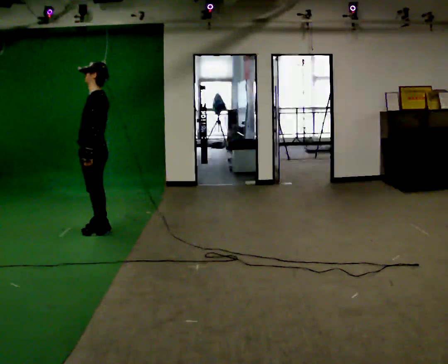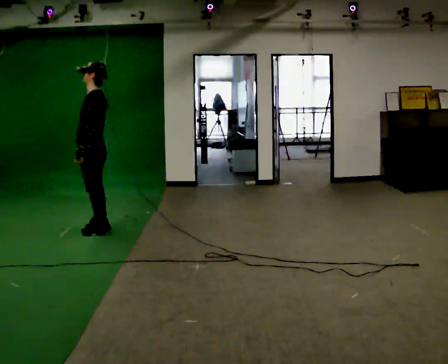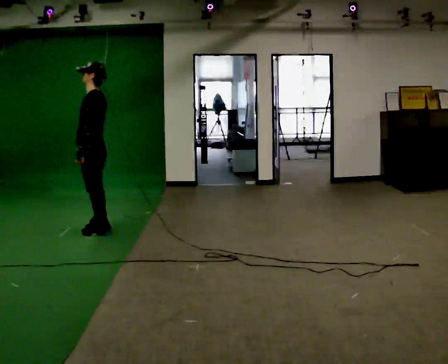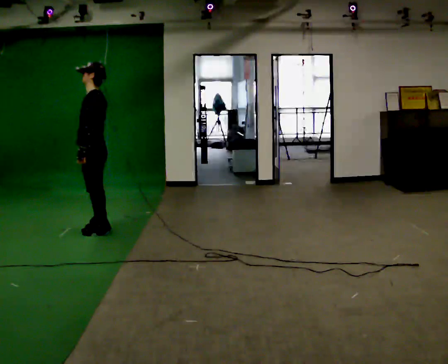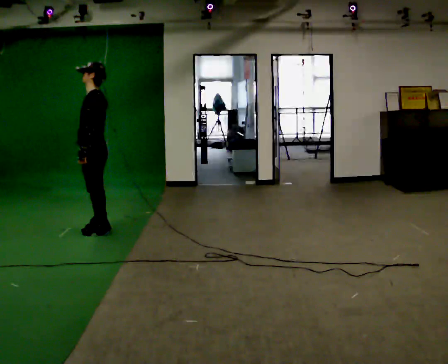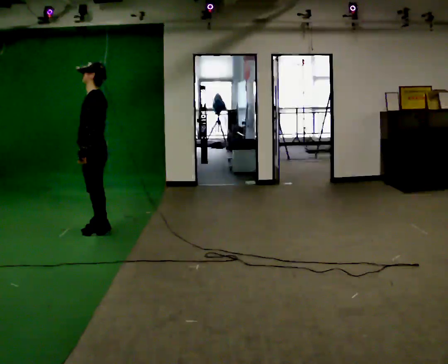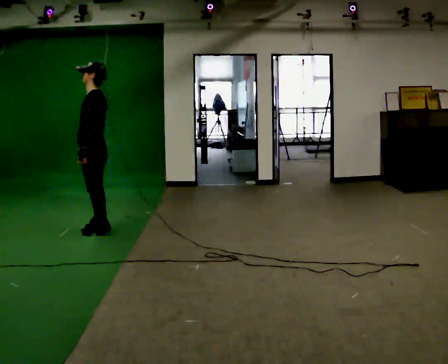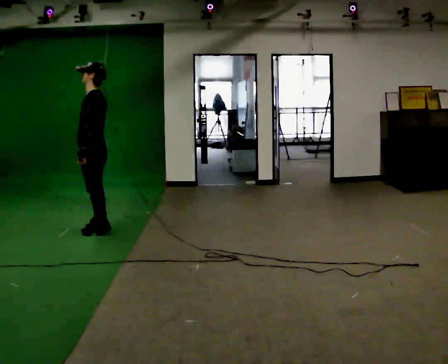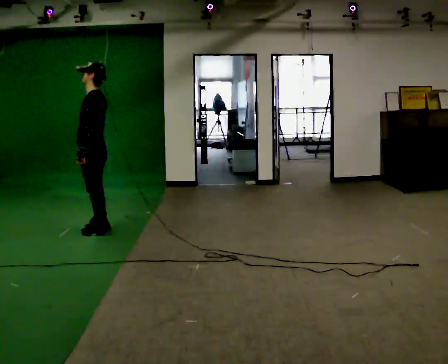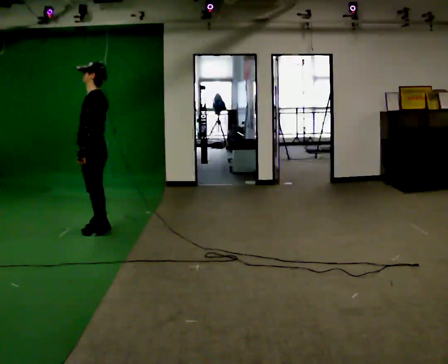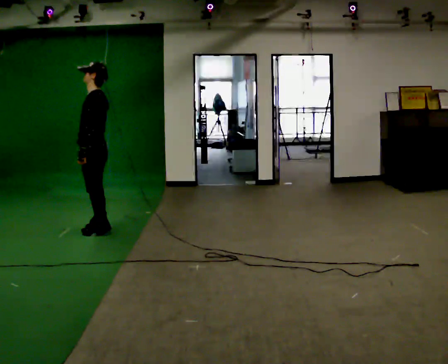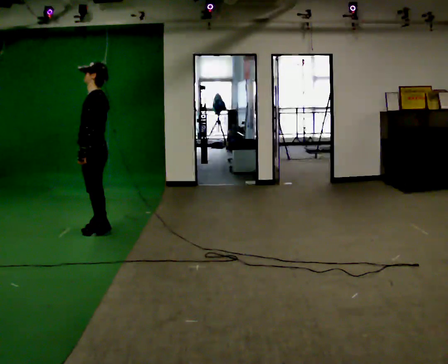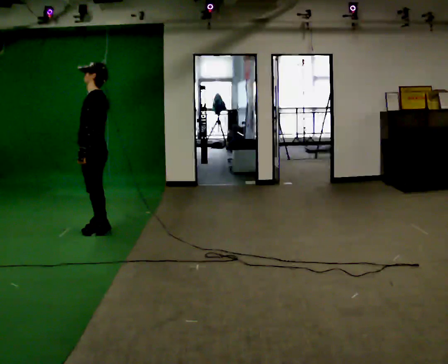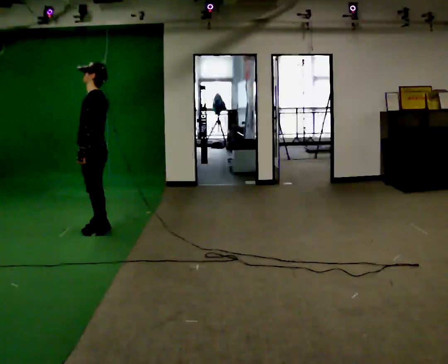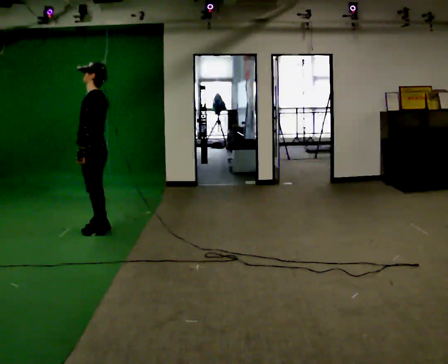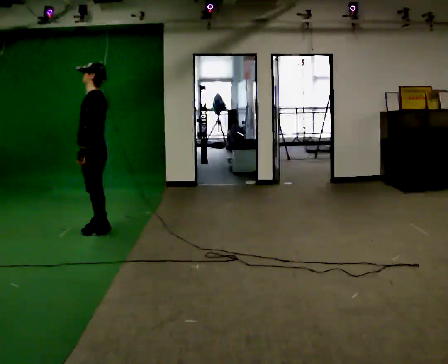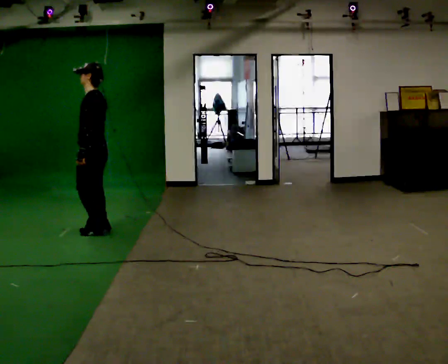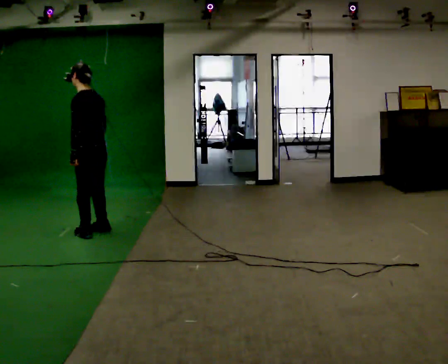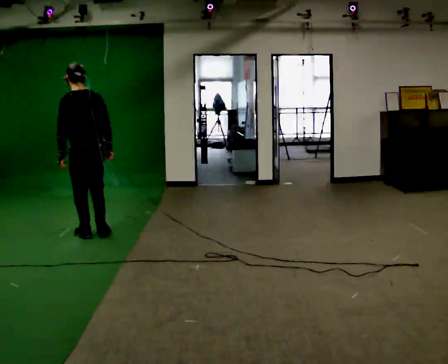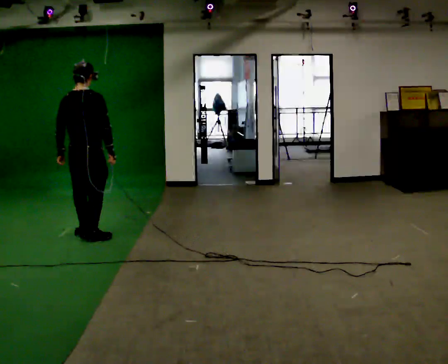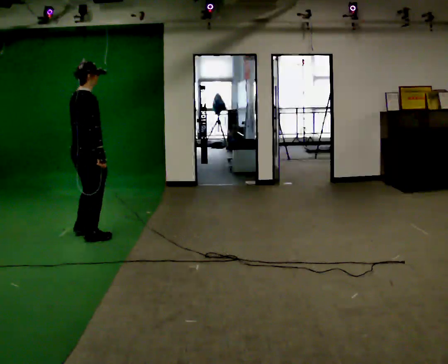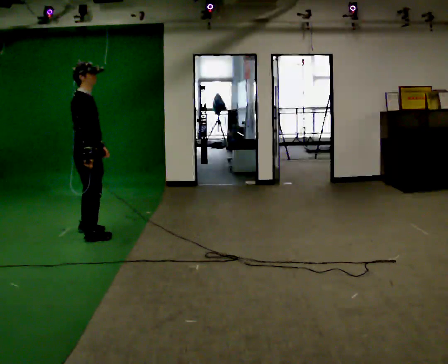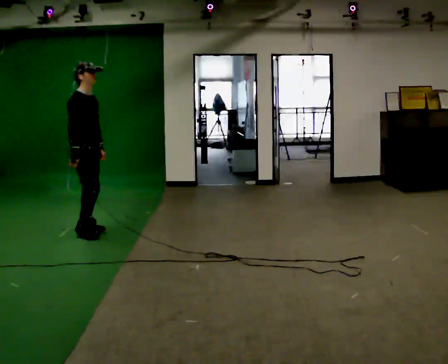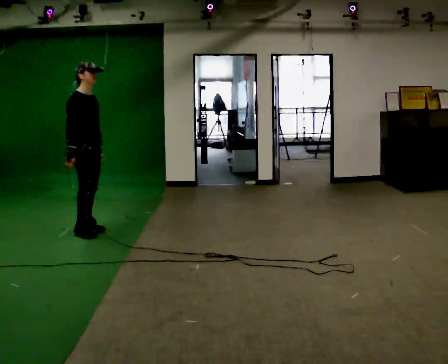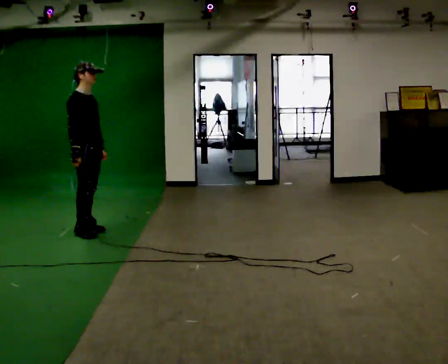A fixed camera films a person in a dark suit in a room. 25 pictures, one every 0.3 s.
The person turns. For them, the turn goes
to their right.
The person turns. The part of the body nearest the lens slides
to the left.
0.0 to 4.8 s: The person moves a little, or ends about where they began.
4.8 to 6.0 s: The part of the body nearest the lens slides to the left as the person turns to their right by about 135 degrees. In the picture they go toward the camera, about 0.25 m in 2 steps.
6.0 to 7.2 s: Seen from above the body turns clockwise, about 45 degrees: to their right, with its near side sliding to the left. In the picture they go away from the camera, about 0.25 m in 2 steps, which for them is to their left.
The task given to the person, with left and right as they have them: Run, then stop as quickly as is comfortable at the marker and stand still.
The film runs forward here.
